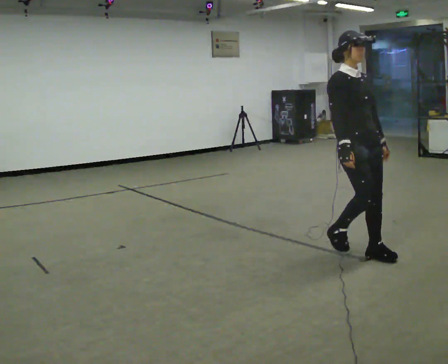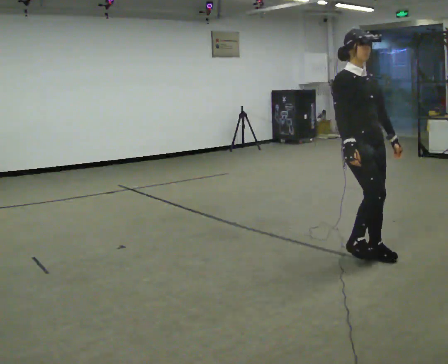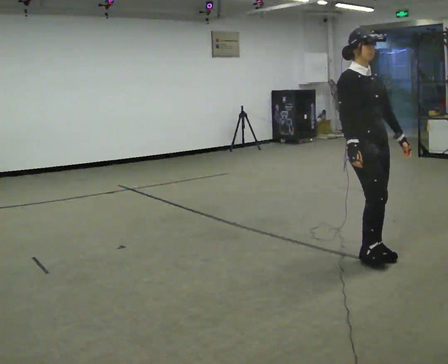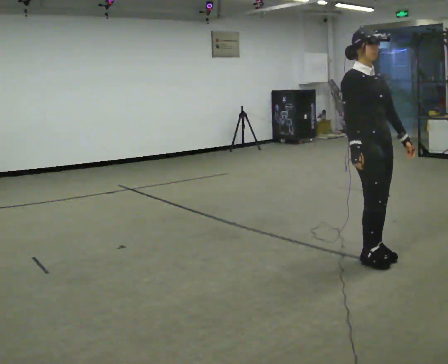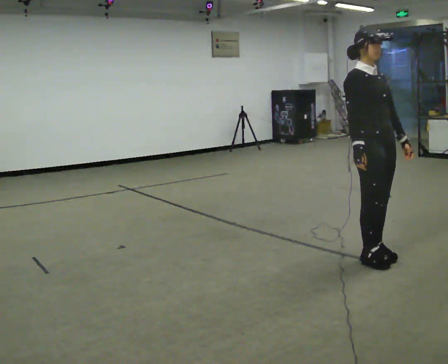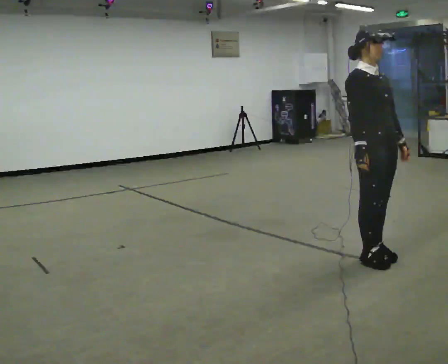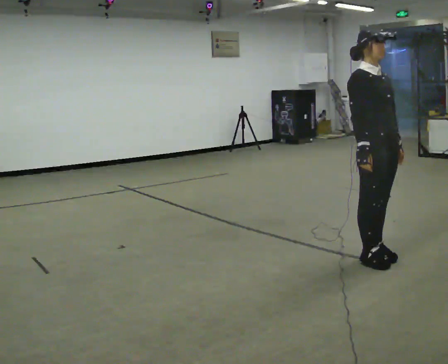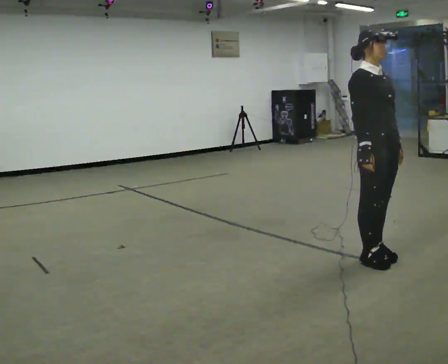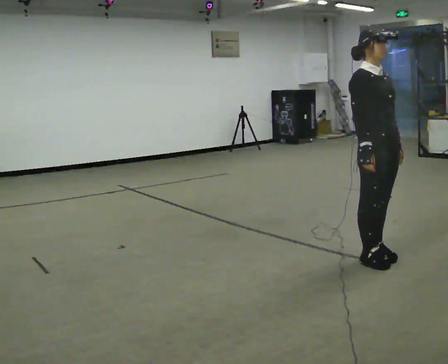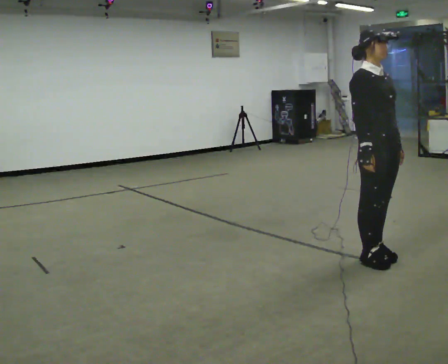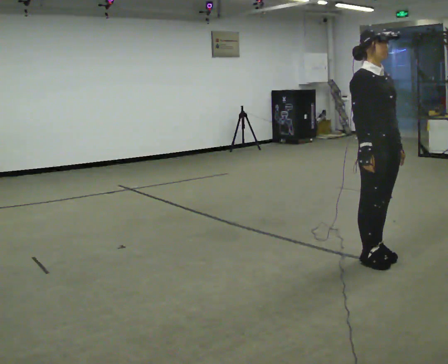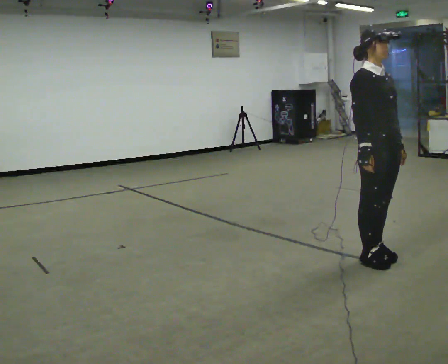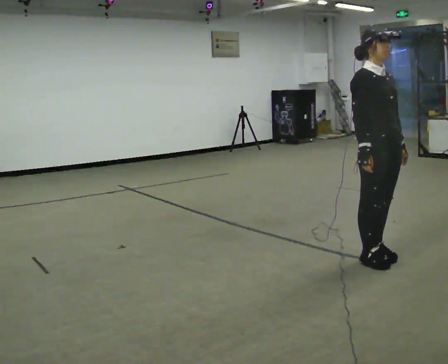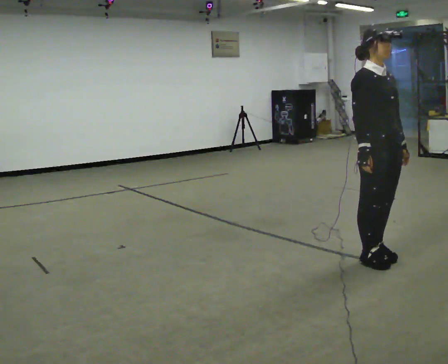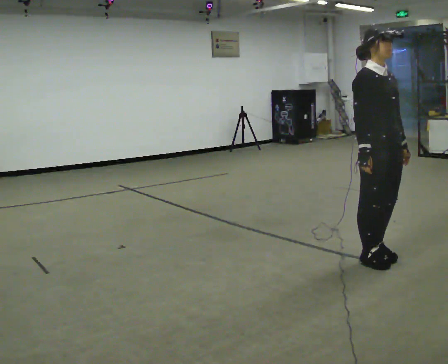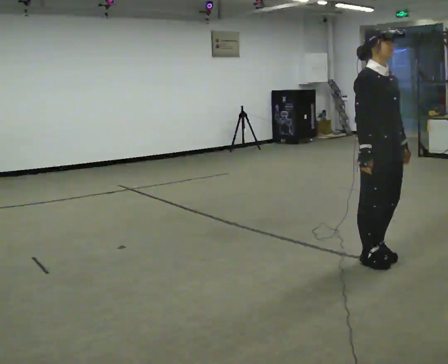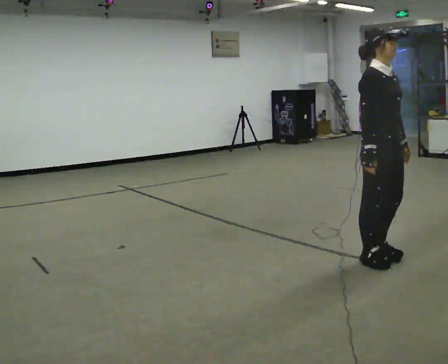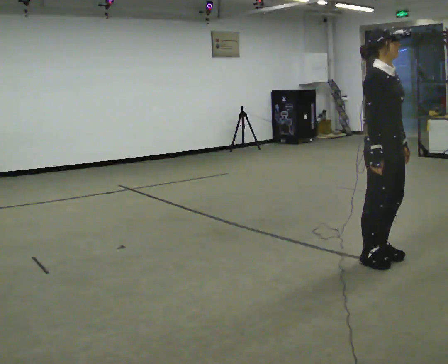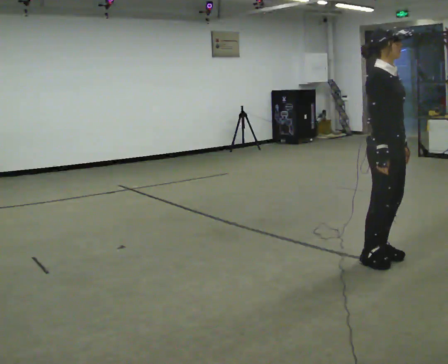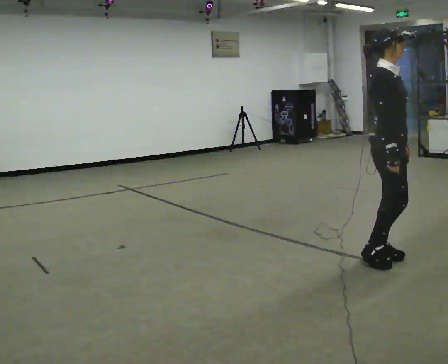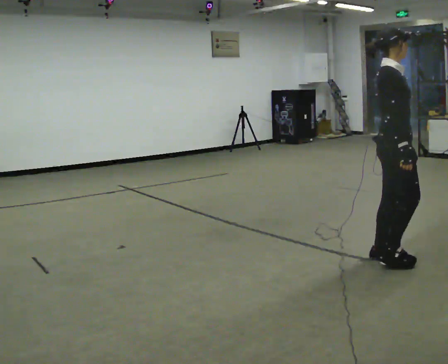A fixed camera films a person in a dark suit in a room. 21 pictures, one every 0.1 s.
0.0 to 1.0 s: The person moves a little, or ends about where they began.
1.0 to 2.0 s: Seen from above the body turns counterclockwise, about 45 degrees: to their left, with its near side sliding to the right.
The film runs forward here.
